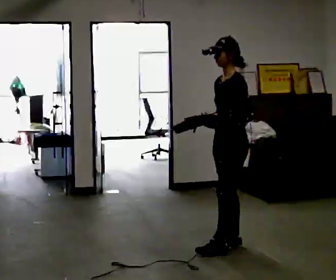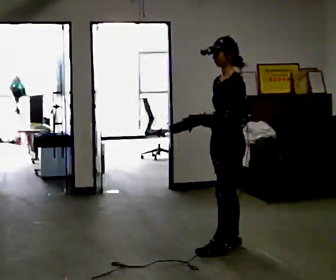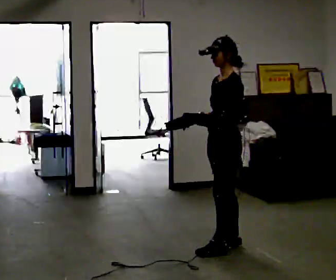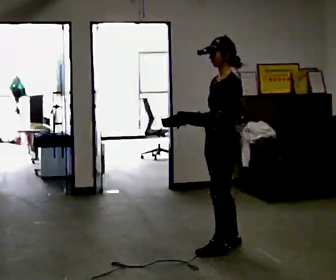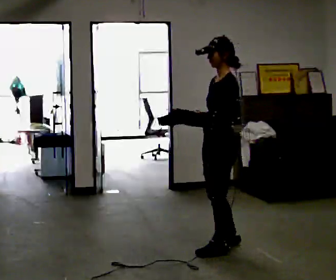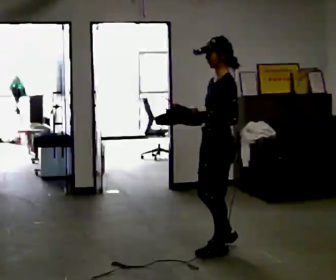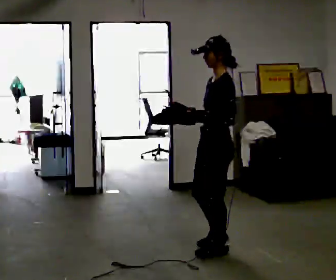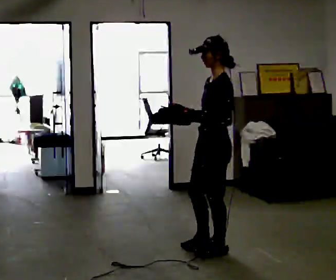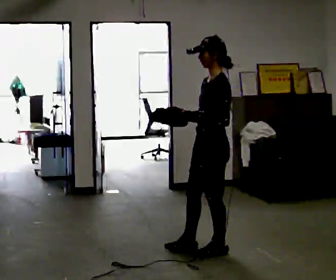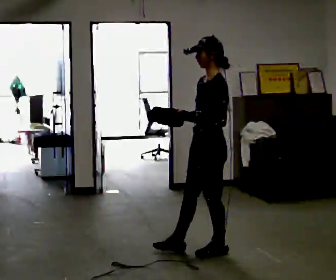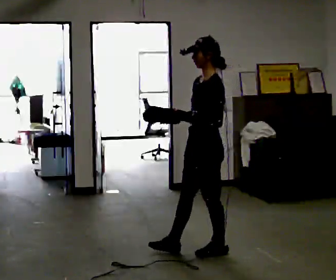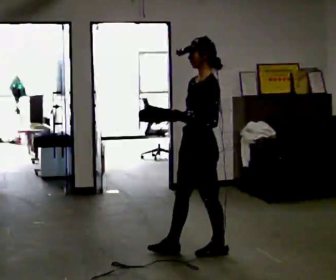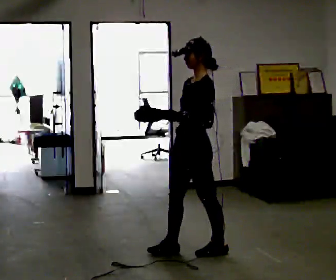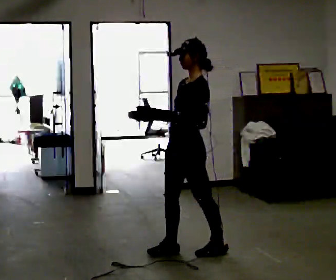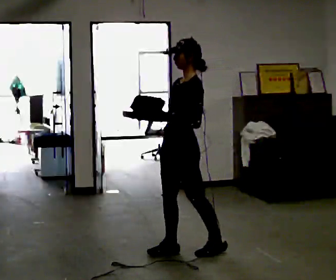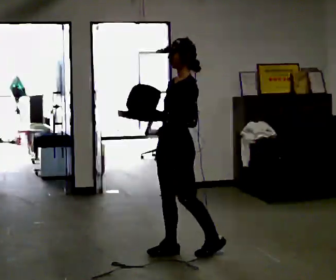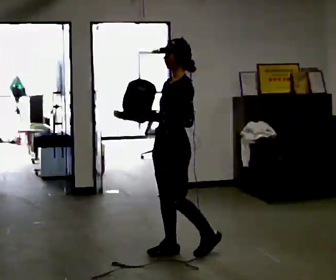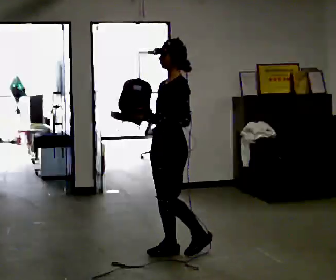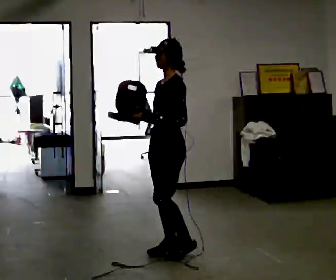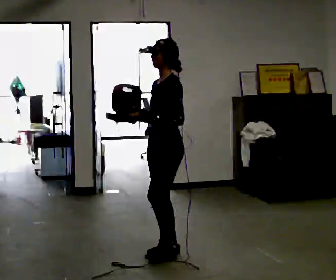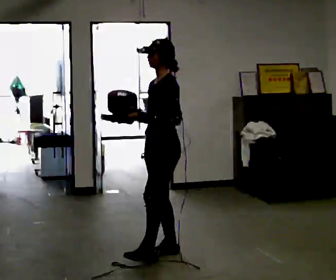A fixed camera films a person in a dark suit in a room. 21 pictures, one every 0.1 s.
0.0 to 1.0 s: In the picture they go to the left and toward the camera, about 0.25 m in 1 step, which for them is forward.
1.0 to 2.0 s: In the picture they go to the left, about 0.25 m, which for them is to their right.
The film runs forward here.
